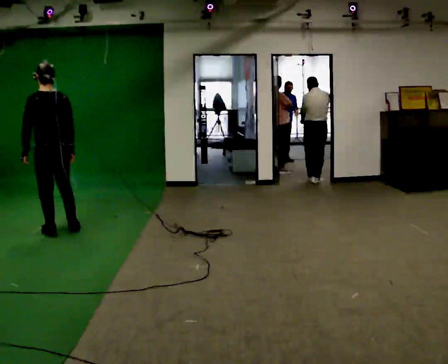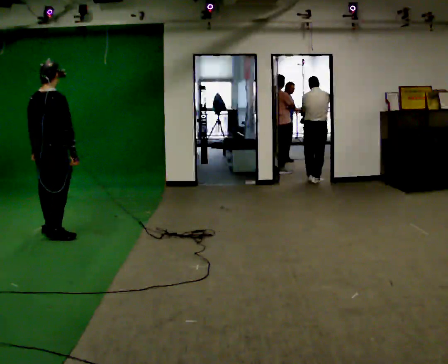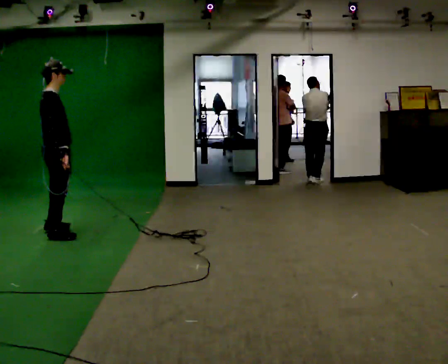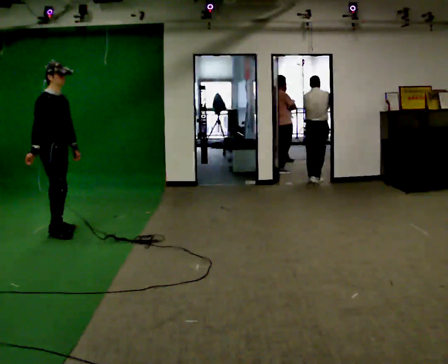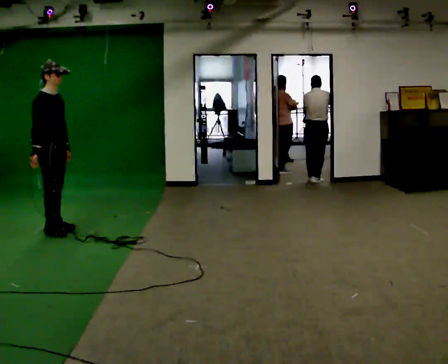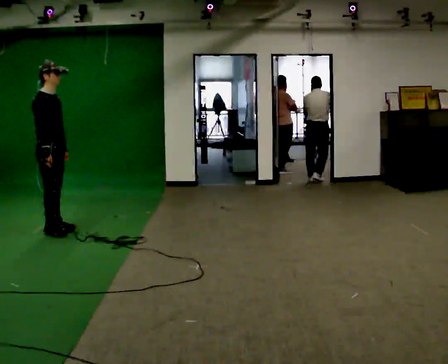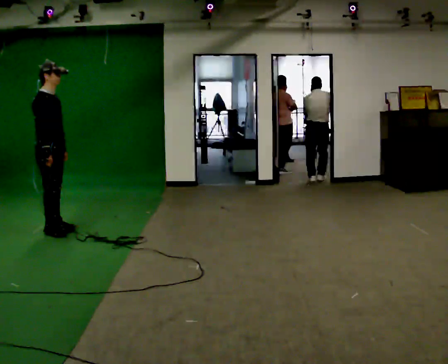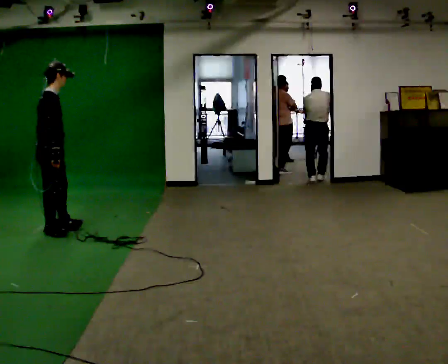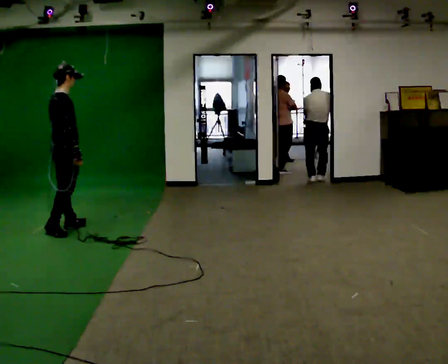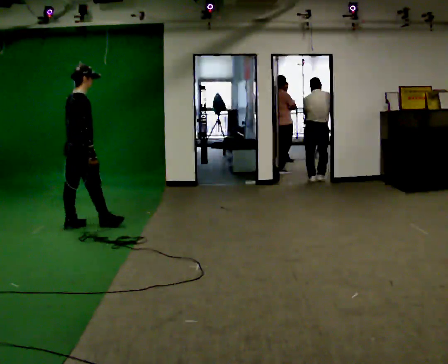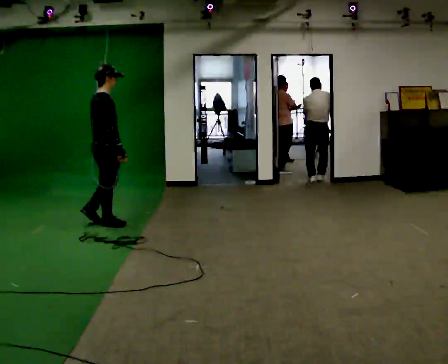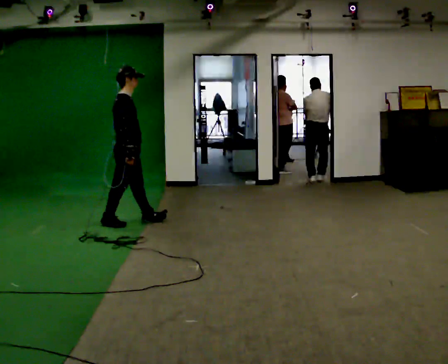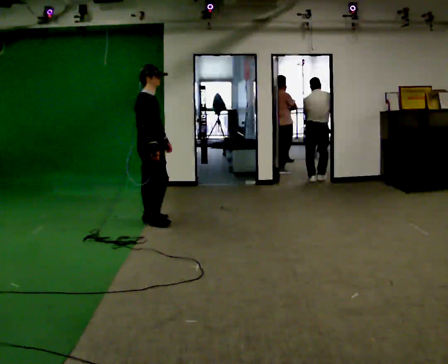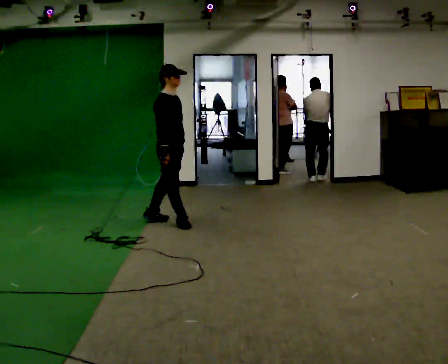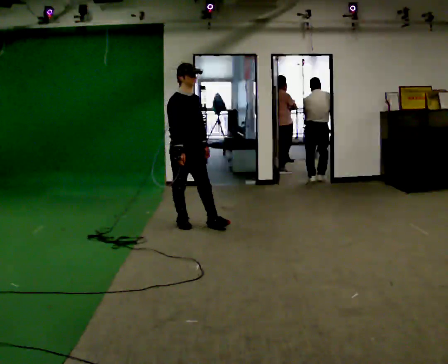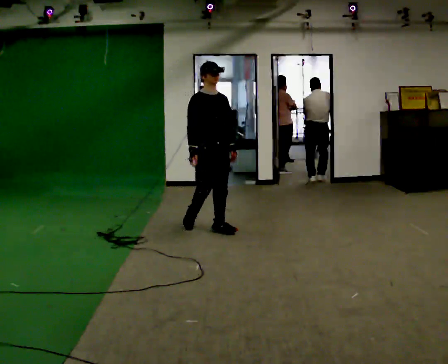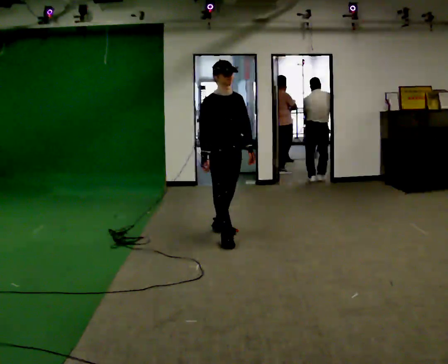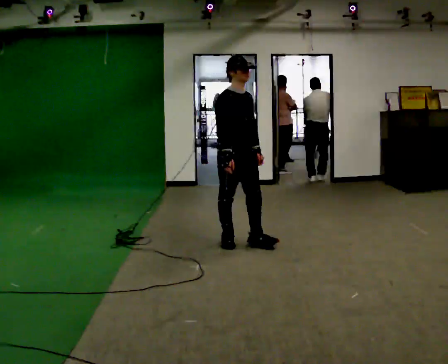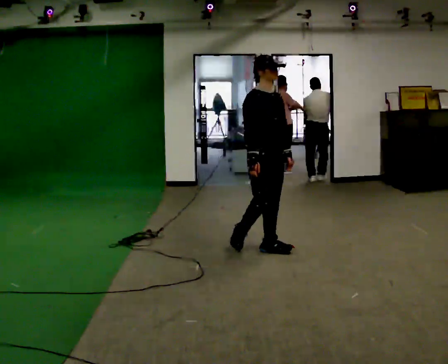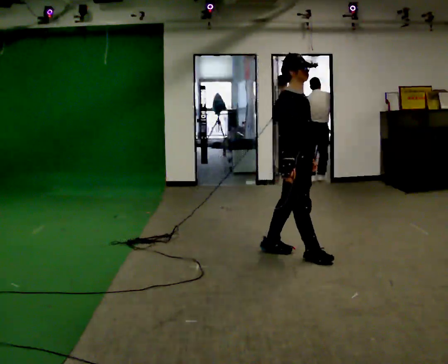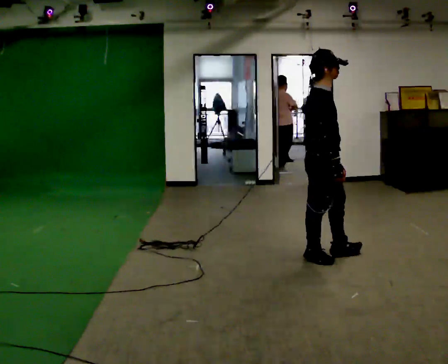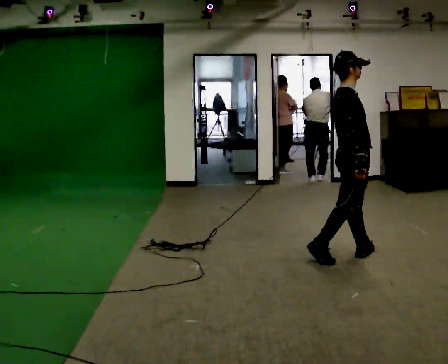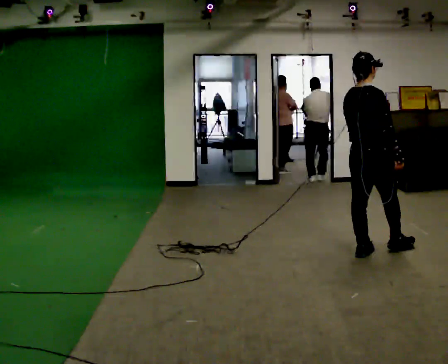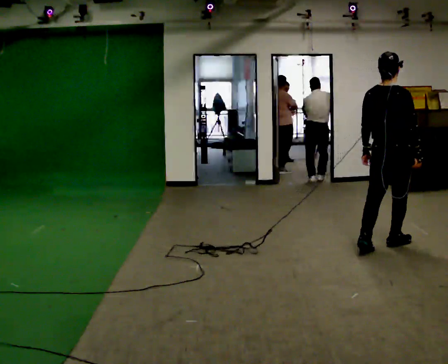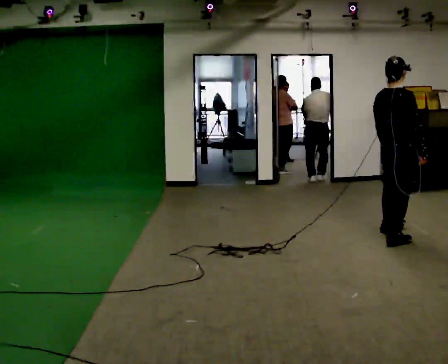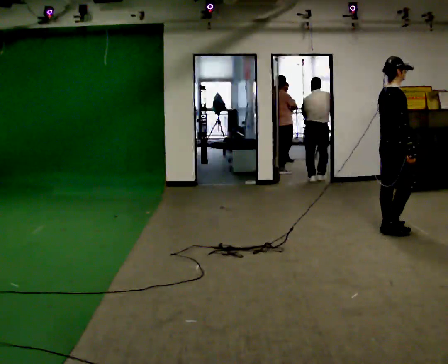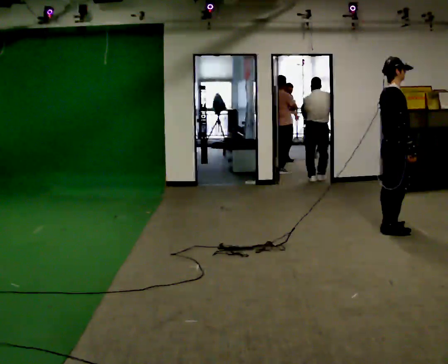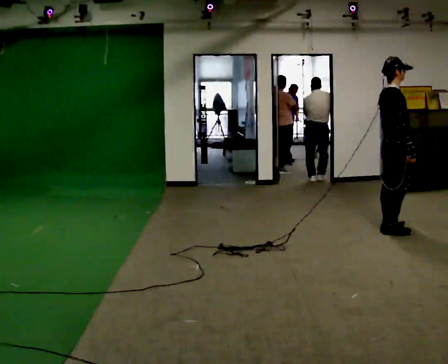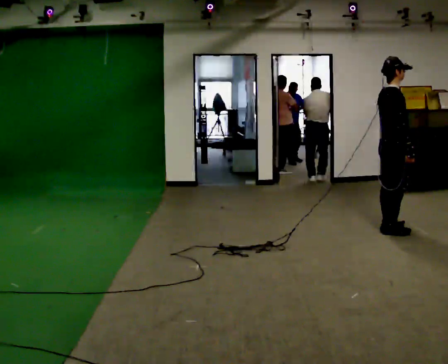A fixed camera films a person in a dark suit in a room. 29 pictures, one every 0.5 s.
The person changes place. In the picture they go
to the right.
0.0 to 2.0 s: The person turns about 135 degrees to their right, clockwise seen from above, so the part of the body nearest the lens slides to the left. In the picture their left hand goes to the right.
2.0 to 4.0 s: The part of the body nearest the lens slides to the right as the person turns to their left by about 45 degrees. In the picture their right hand goes to the right.
4.0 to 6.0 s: The person turns about 30 degrees to their right, clockwise seen from above, so the part of the body nearest the lens slides to the left. In the picture they go to the right and away from the camera, about 1 m in 2 steps, which for them is forward.
6.0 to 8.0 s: The part of the body nearest the lens slides to the left as the person turns to their right by about 60 degrees. In the picture they go to the right and toward the camera, about 1 m in 3 steps.
8.0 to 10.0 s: The person turns about 45 degrees to their left, counterclockwise seen from above, so the part of the body nearest the lens slides to the right. In the picture they go to the right and toward the camera, about 1 m in 2 steps, which for them is forward.
10.0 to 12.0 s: The person turns about 30 degrees to their left, counterclockwise seen from above, so the part of the body nearest the lens slides to the right. In the picture they go to the right and away from the camera, about 1 m in 3 steps.
12.0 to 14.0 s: The part of the body nearest the lens slides to the left as the person turns to their right by about 30 degrees. In the picture they go away from the camera, about 0.25 m in 1 step, which for them is to their left.
The film runs forward here.
